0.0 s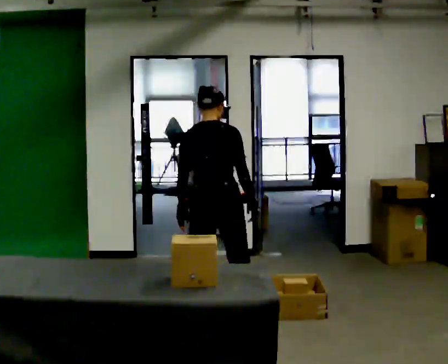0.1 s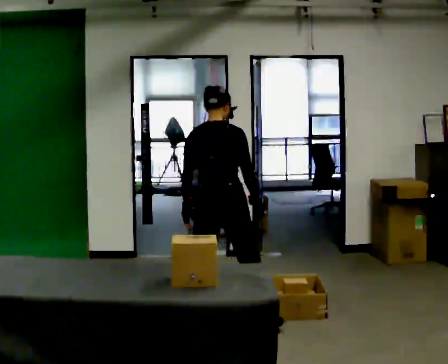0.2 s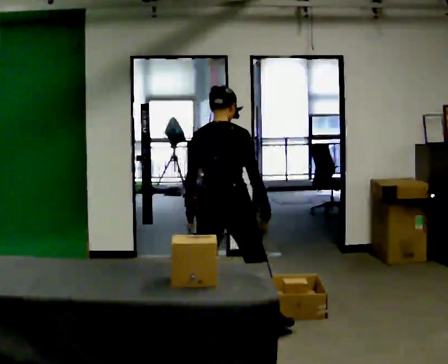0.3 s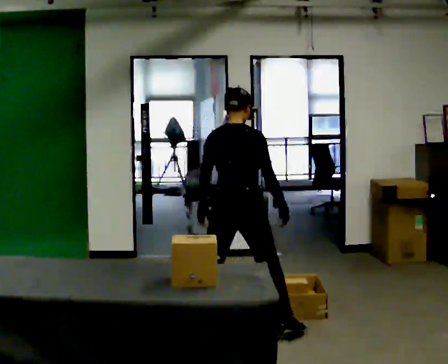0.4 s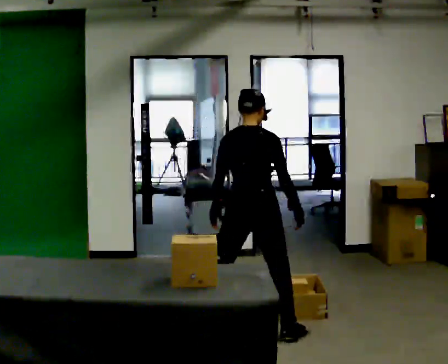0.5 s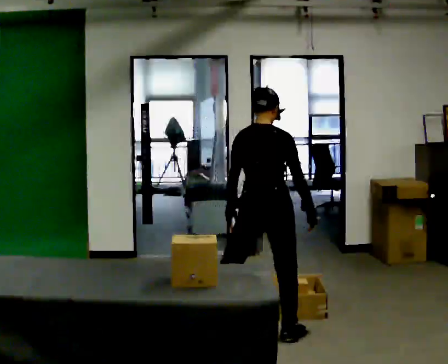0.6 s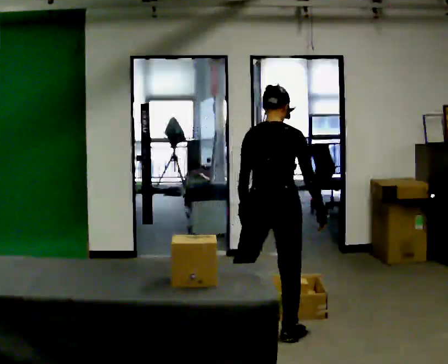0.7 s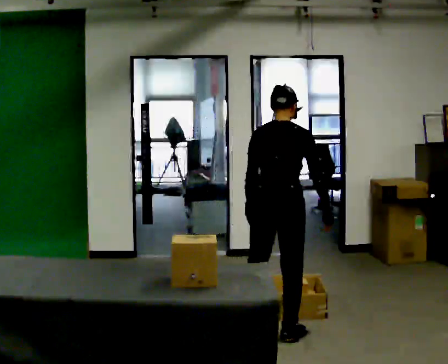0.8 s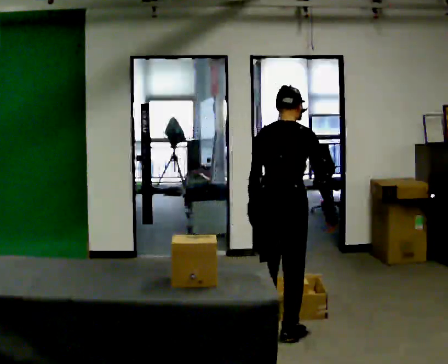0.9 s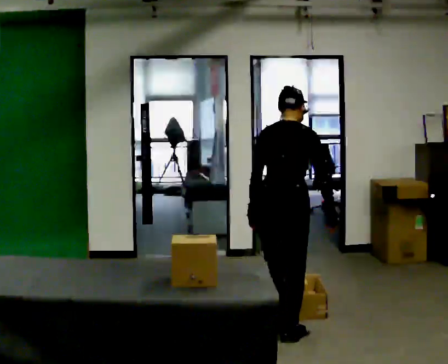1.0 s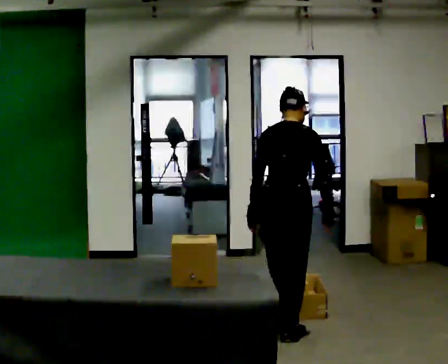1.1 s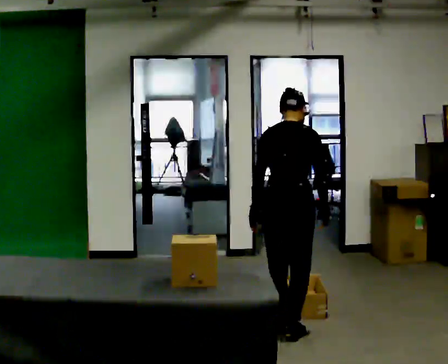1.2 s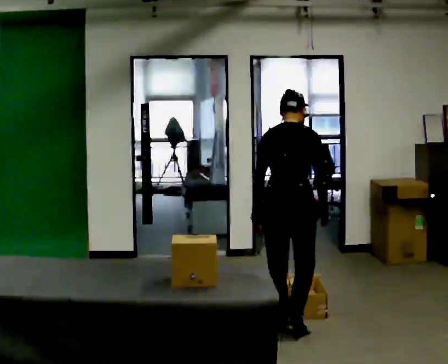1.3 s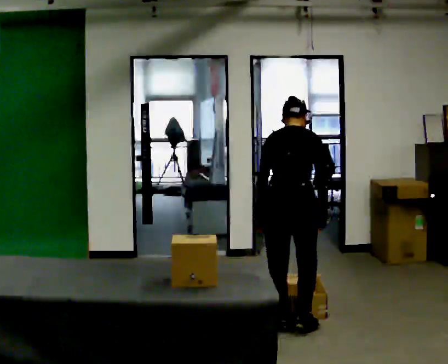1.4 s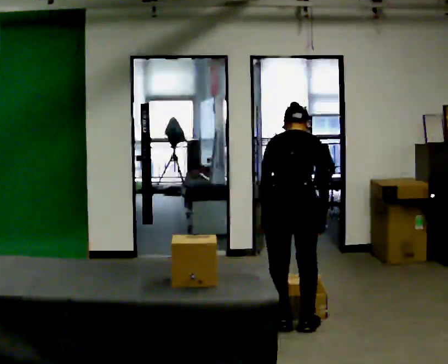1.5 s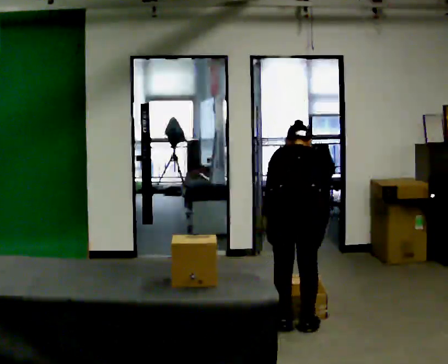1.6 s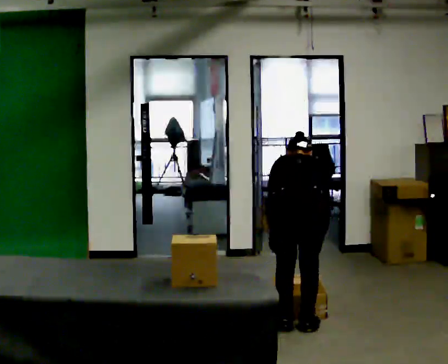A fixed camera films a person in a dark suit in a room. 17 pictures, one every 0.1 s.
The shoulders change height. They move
downward.
The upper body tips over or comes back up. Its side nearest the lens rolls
upward.
0.0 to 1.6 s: In the picture they go to the right, about 0.5 m in 3 steps, which for them is to their right. The upper body goes downward. The upper body tips away from the camera, its near side rolling upward, as they bend forward. In the picture their right hand goes downward.
The film runs forward here.
